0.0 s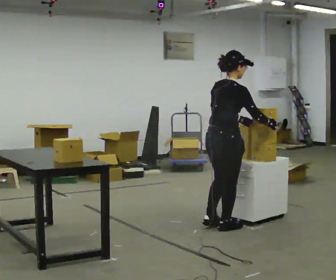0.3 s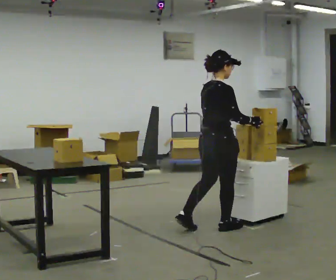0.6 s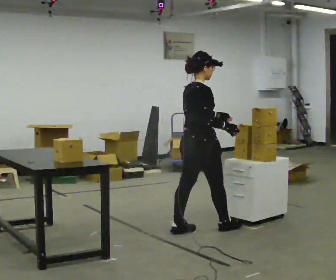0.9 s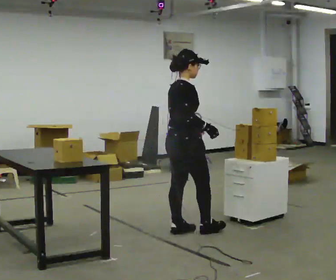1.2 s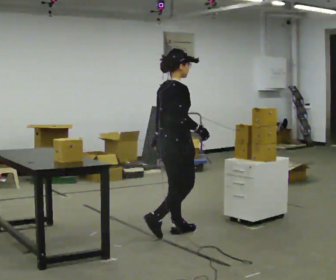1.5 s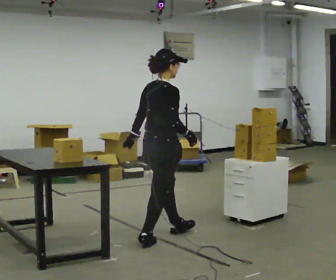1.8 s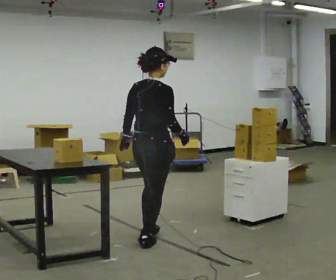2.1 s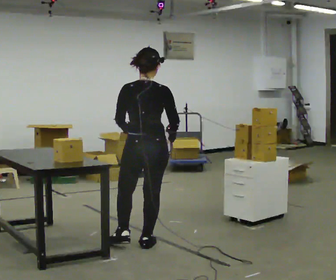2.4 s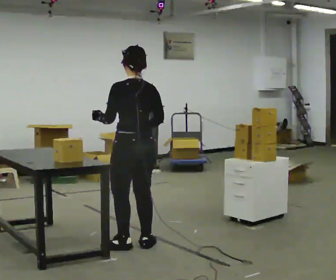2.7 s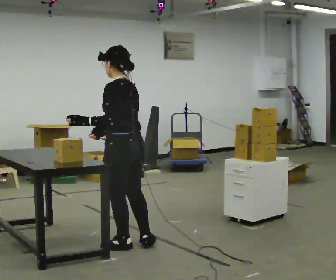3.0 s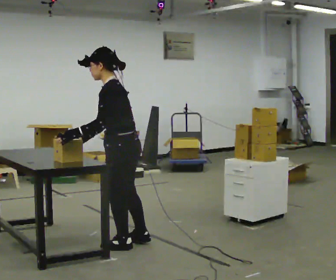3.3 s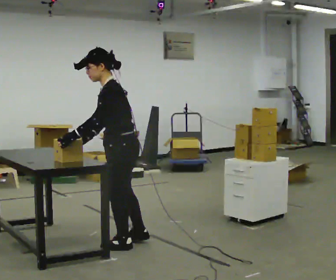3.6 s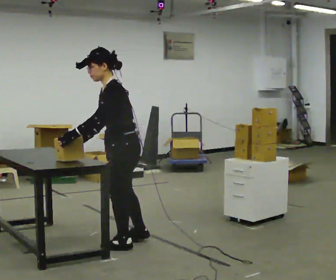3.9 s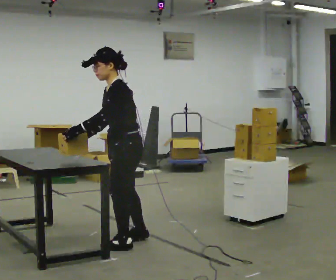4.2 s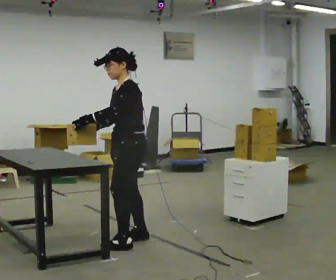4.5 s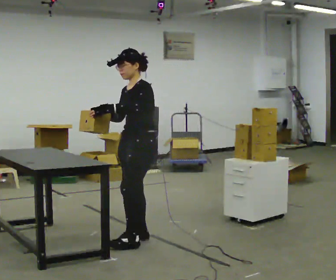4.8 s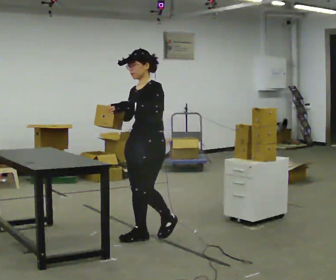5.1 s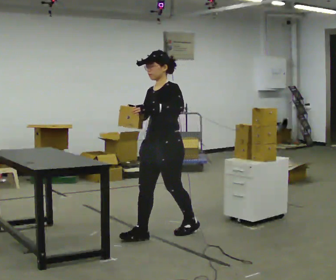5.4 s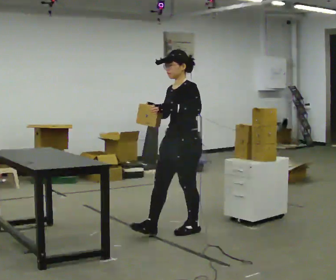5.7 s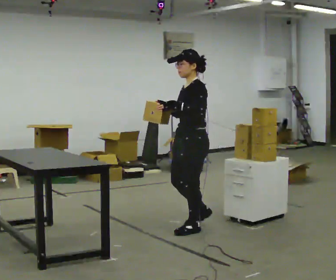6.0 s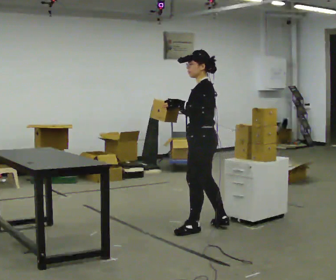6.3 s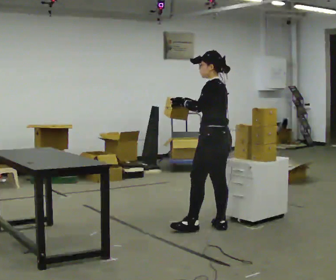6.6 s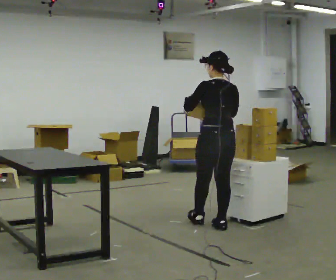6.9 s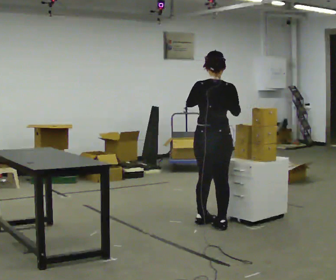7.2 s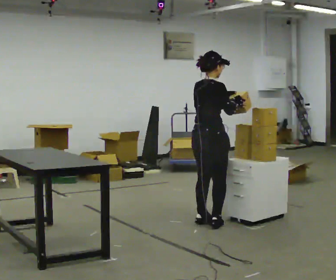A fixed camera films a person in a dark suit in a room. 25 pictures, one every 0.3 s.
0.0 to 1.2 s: In the picture they go to the left, about 0.5 m in 1 step, which for them is backward.
1.2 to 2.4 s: The part of the body nearest the lens slides to the right as the person turns to their left by about 105 degrees. In the picture they go toward the camera and to the left, about 0.5 m in 1 step.
2.4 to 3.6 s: The person turns about 60 degrees to their left, counterclockwise seen from above, so the part of the body nearest the lens slides to the right. In the picture the upper body tilts counterclockwise, shoulders to the left, as they bend forward. In the picture their right hand goes to the left.
3.6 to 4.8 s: The part of the body nearest the lens slides to the right as the person turns to their left by about 30 degrees. In the picture they go away from the camera and to the right, about 0.25 m in 1 step, which for them is backward and to their right. In the picture the upper body tilts clockwise, shoulders to the right, as they lean back or straighten.
4.8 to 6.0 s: Seen from above the body turns clockwise, about 45 degrees: to their right, with its near side sliding to the left. In the picture they go to the right, about 0.5 m in 1 step, which for them is backward.
6.0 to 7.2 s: The part of the body nearest the lens slides to the left as the person turns to their right by about 135 degrees. In the picture they go away from the camera, about 0.25 m in 2 steps. In the picture their left hand goes to the right.
The film runs backward here.
